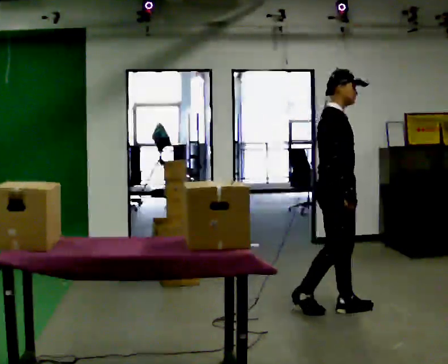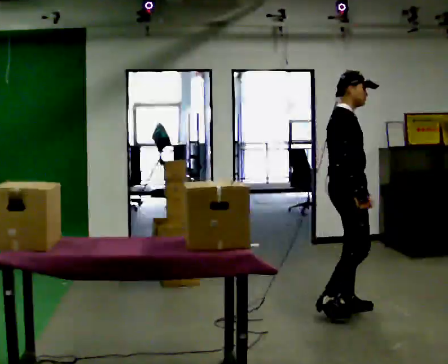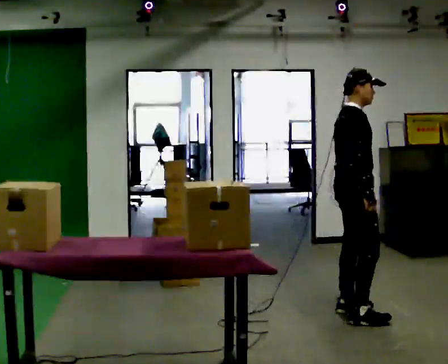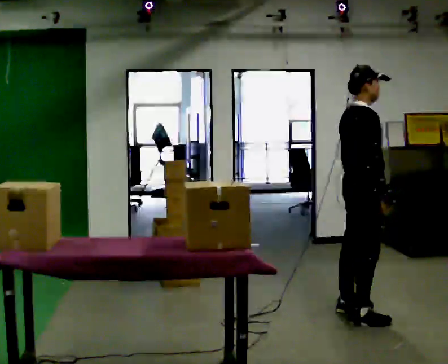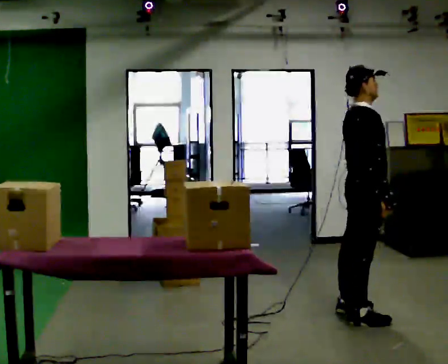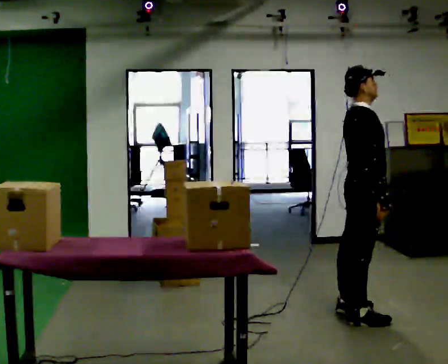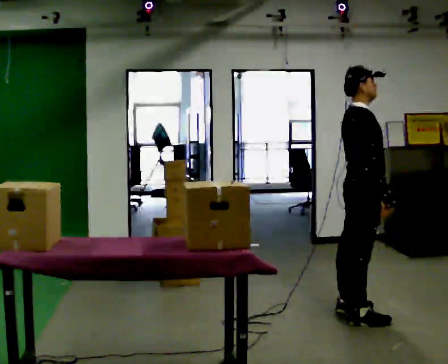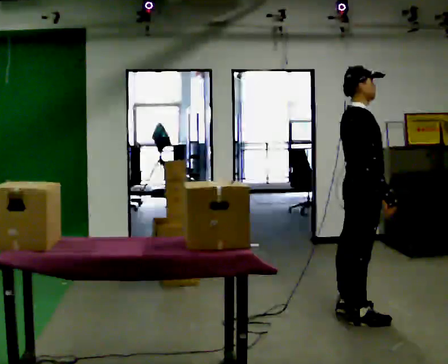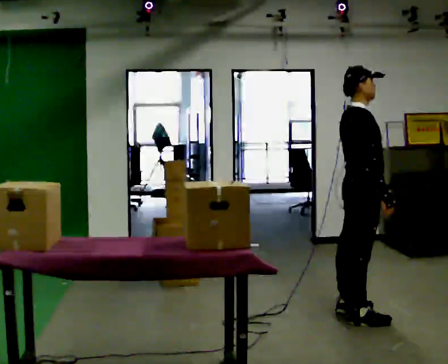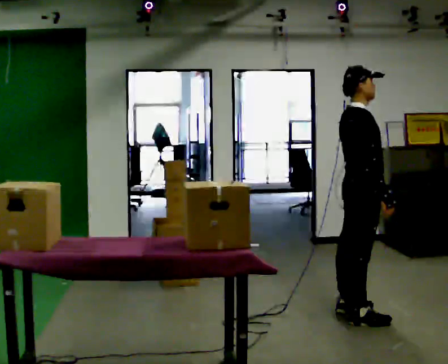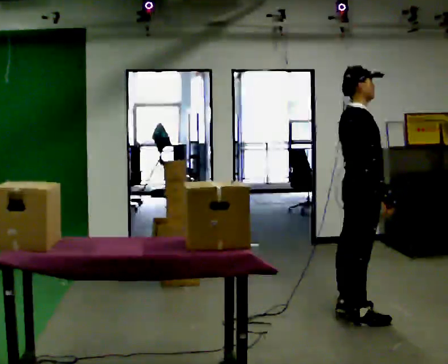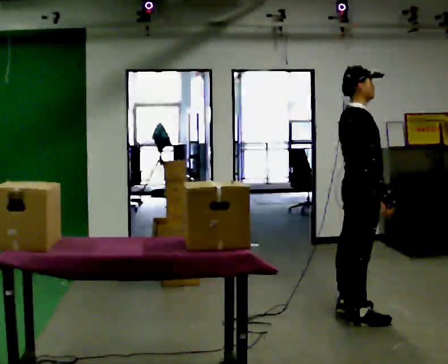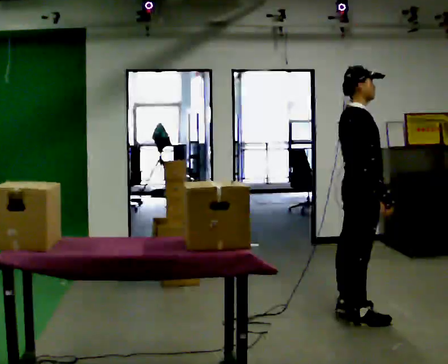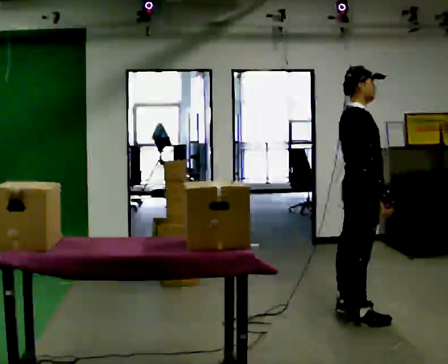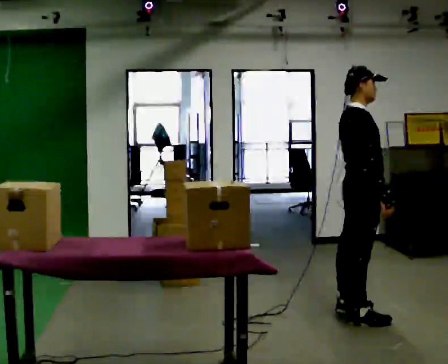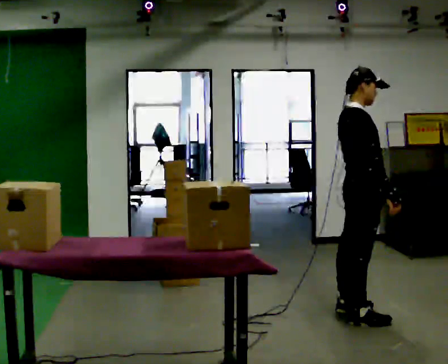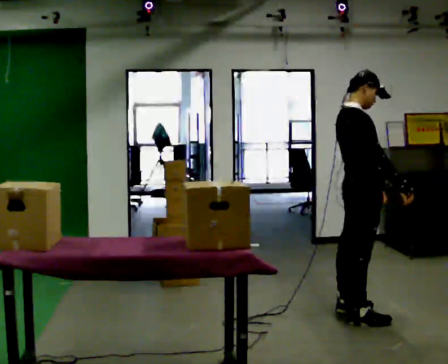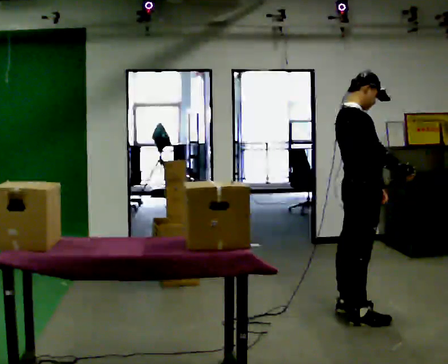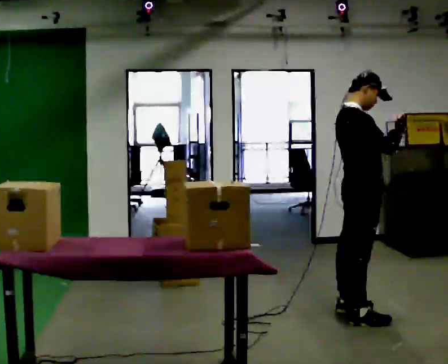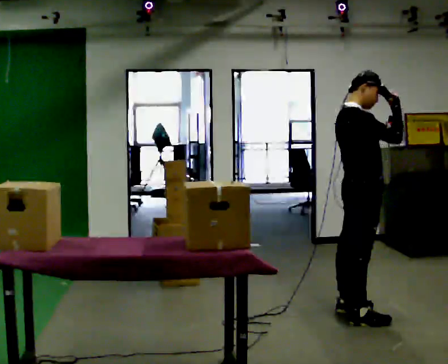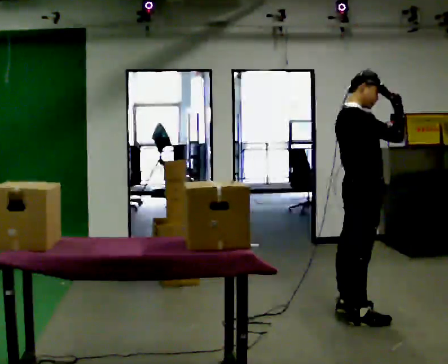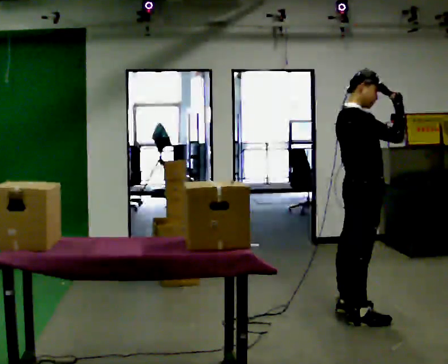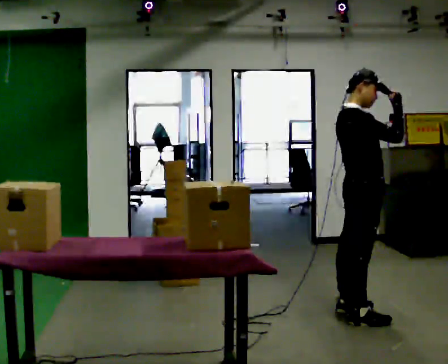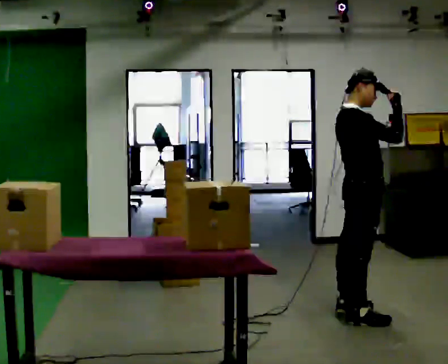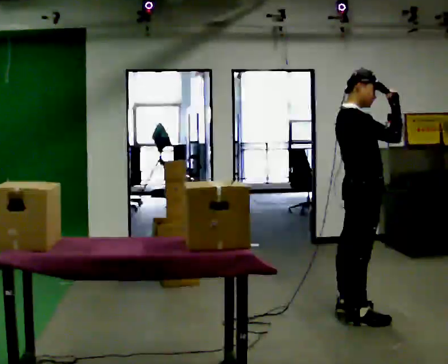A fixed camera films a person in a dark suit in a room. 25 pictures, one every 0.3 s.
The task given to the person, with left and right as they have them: Carry the object over and fit it into the gap between the two boxes already on the shelf, without touching either of them. Keep going until the operator says stop; one object at a time, and do not rush between trips.
0.0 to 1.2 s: In the picture they go to the right and toward the camera, about 0.25 m in 1 step, which for them is to their right and forward.
1.2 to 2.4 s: The person moves a little, or ends about where they began.
2.4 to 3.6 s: The person keeps their place and pose.
3.6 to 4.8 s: The person moves a little, or ends about where they began.
4.8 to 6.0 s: In the picture their right hand goes upward, the arm swinging counterclockwise.
6.0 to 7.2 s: The person keeps their place and pose.
The film runs forward here.
